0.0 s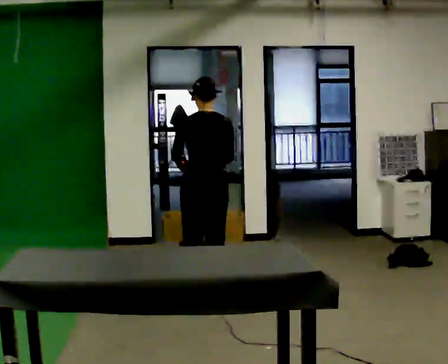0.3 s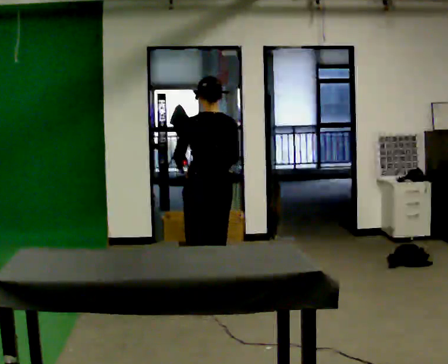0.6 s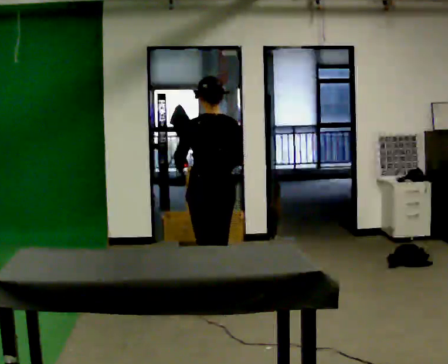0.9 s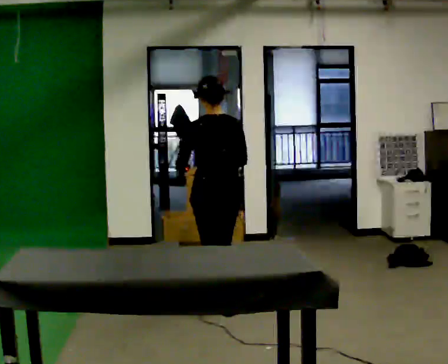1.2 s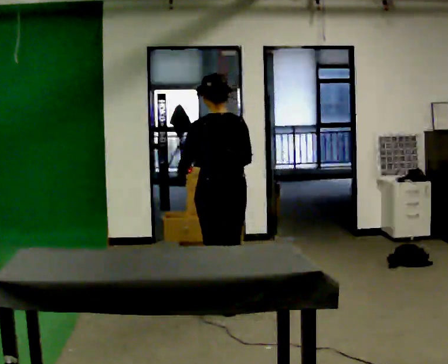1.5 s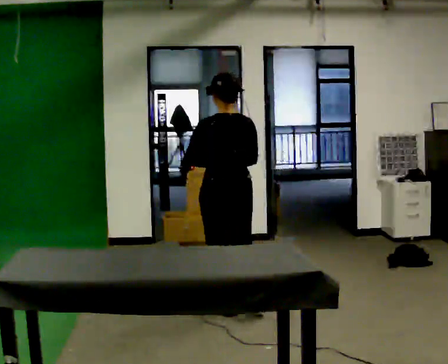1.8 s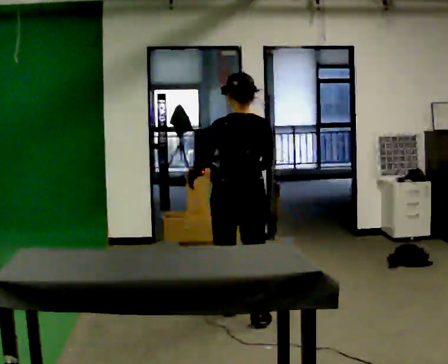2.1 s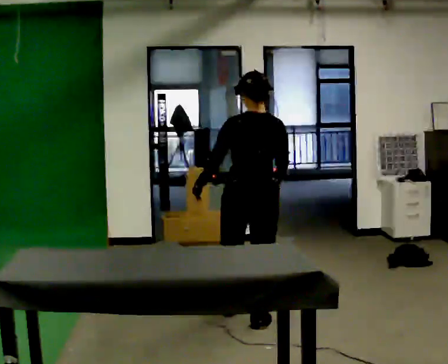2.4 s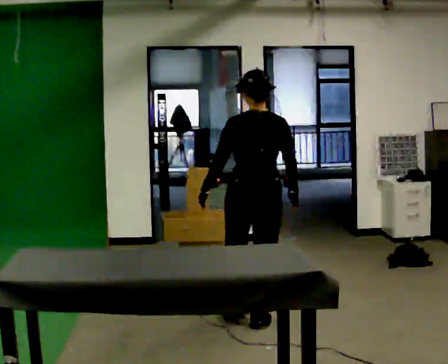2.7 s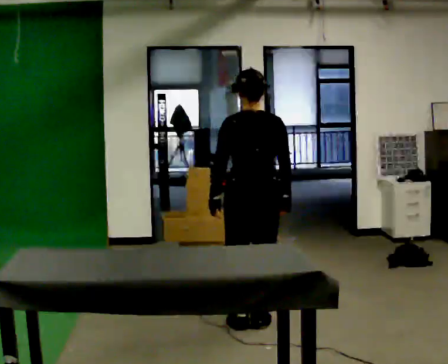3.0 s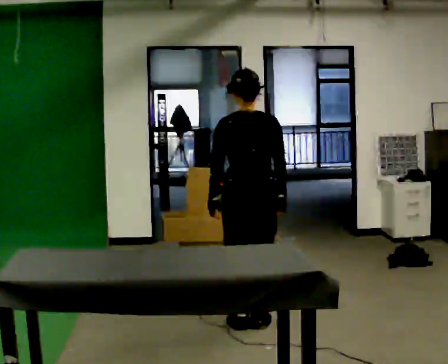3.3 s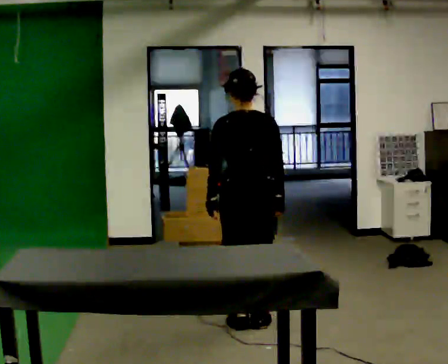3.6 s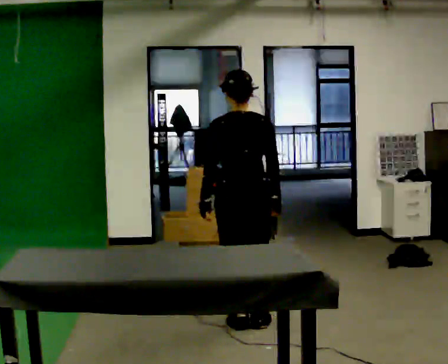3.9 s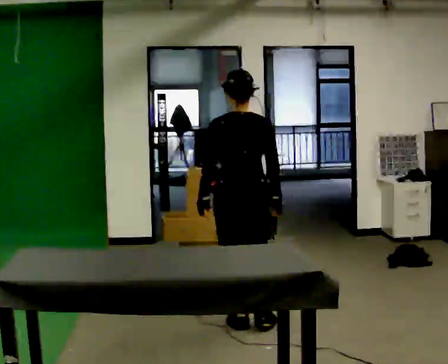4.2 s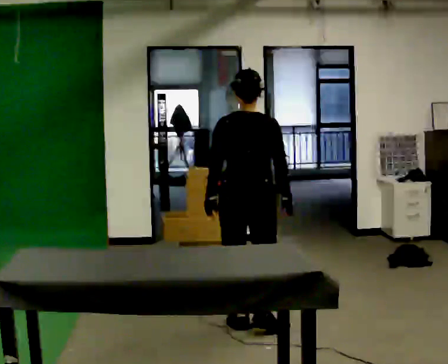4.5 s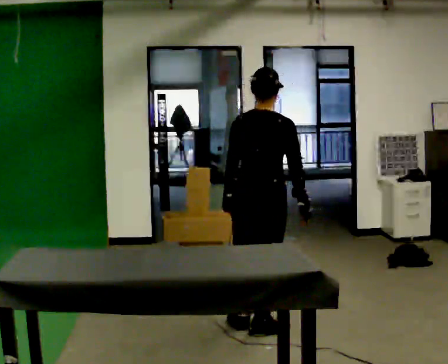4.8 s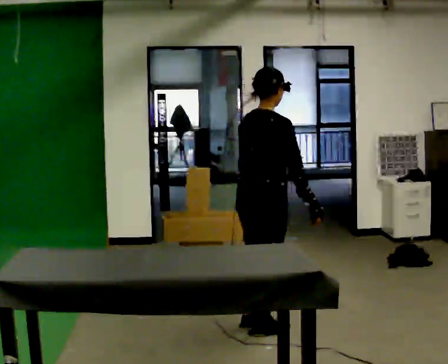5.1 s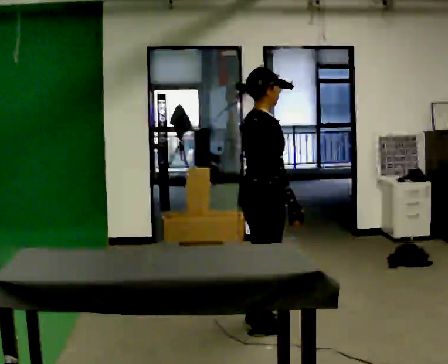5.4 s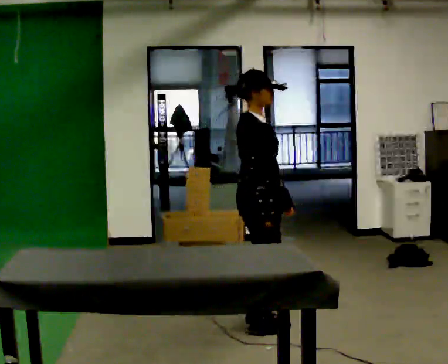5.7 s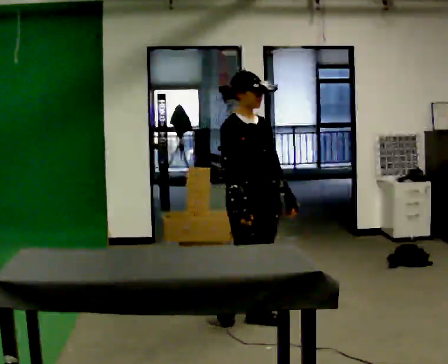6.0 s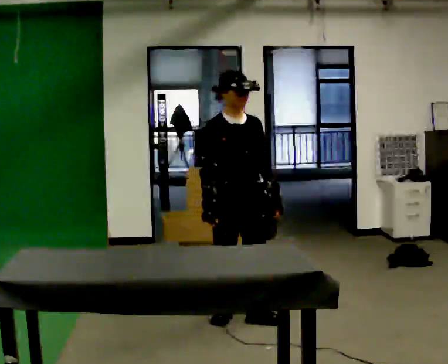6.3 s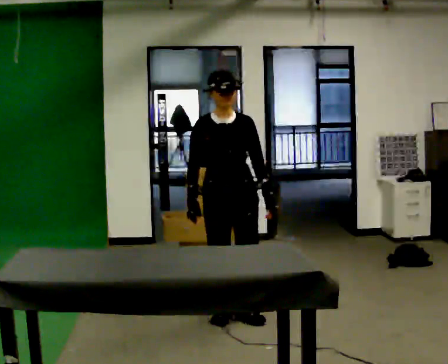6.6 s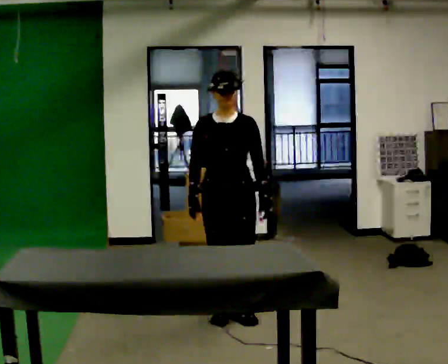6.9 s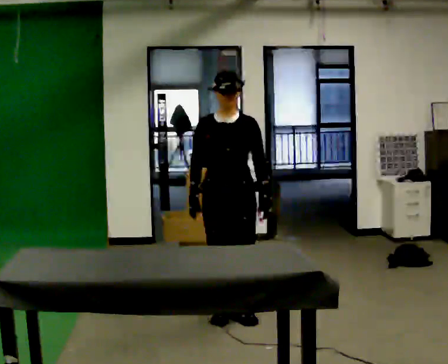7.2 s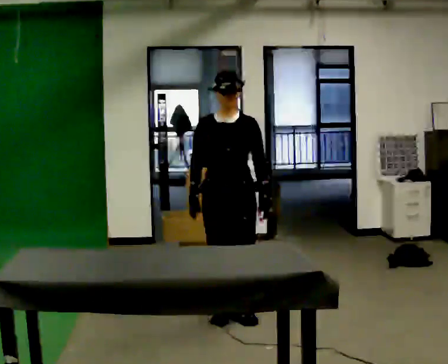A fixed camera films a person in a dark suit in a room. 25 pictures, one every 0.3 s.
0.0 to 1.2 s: In the picture they go toward the camera, about 0.5 m in 2 steps, which for them is backward.
1.2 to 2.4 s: In the picture they go toward the camera and to the right, about 0.25 m in 1 step, which for them is backward and to their right.
2.4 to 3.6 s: The person moves a little, or ends about where they began.
3.6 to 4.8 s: The person turns about 60 degrees to their right, clockwise seen from above, so the part of the body nearest the lens slides to the left.
4.8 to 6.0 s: The person turns about 105 degrees to their right, clockwise seen from above, so the part of the body nearest the lens slides to the left. In the picture they go away from the camera and to the left, about 0.25 m in 1 step.
6.0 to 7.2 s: The part of the body nearest the lens slides to the left as the person turns to their right by about 30 degrees.
The film runs backward here.
